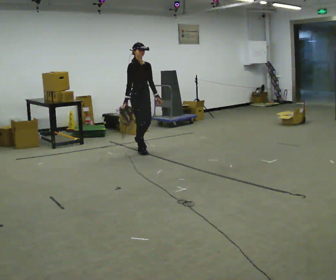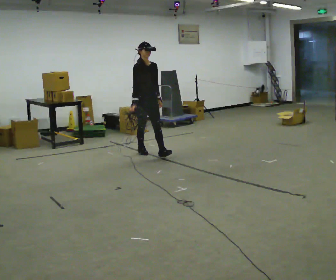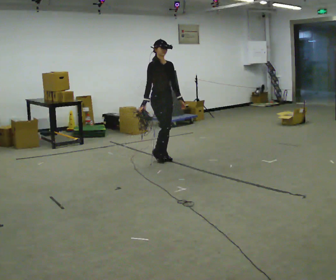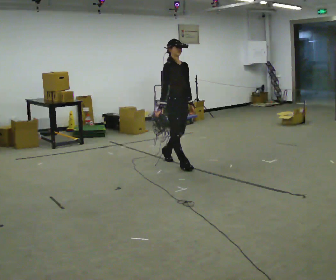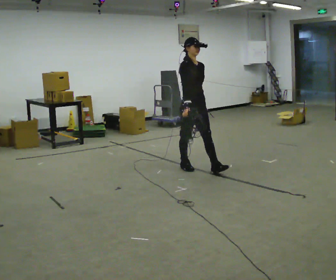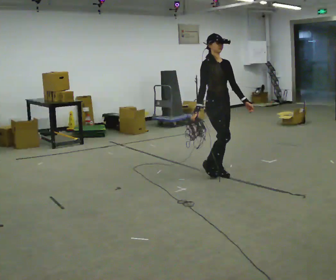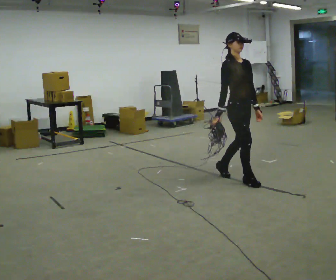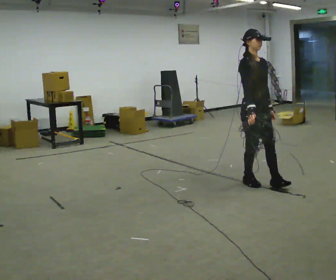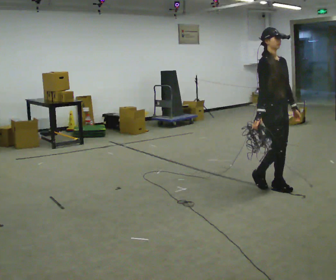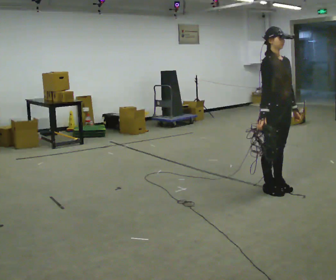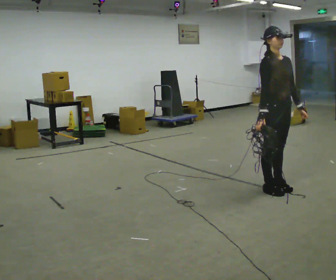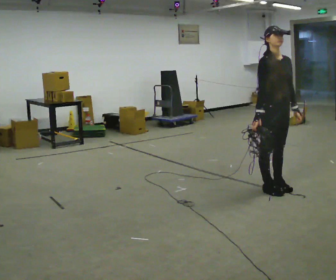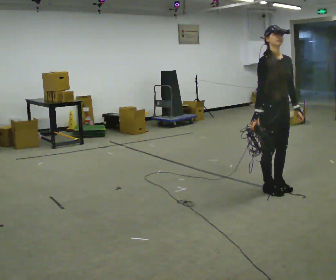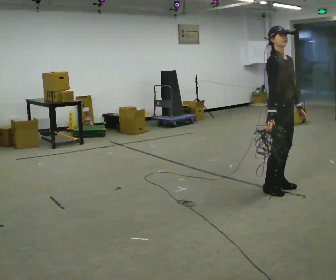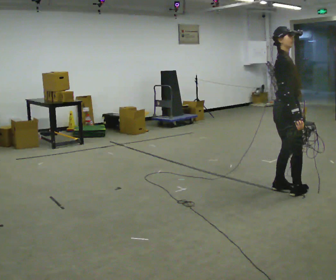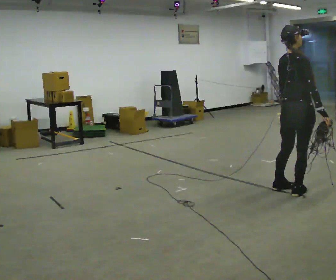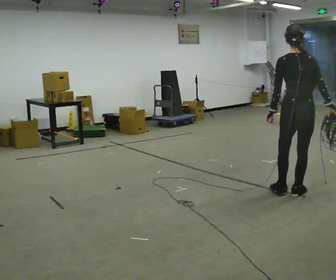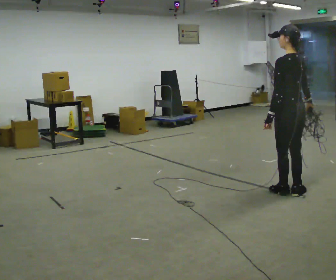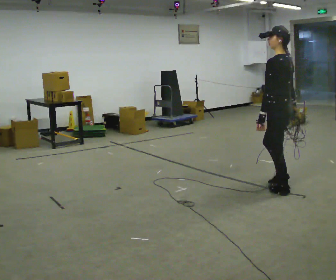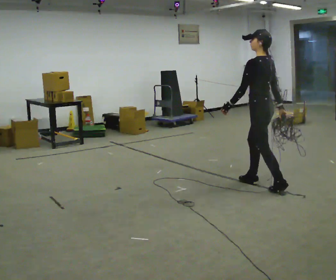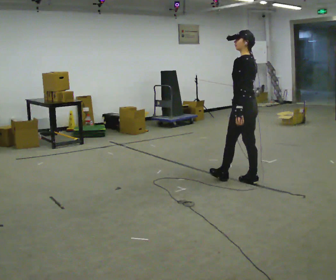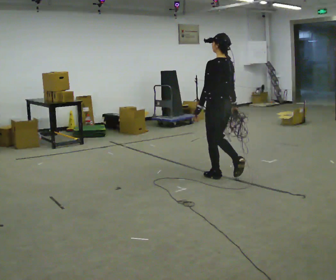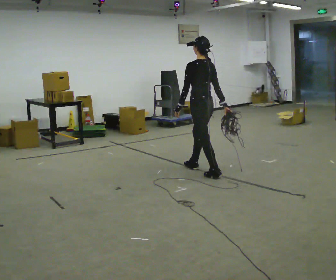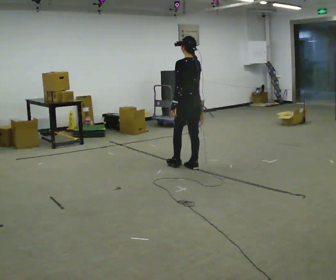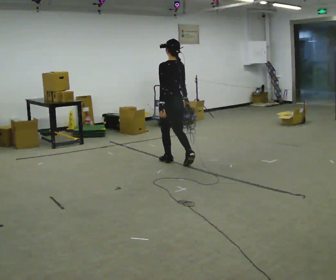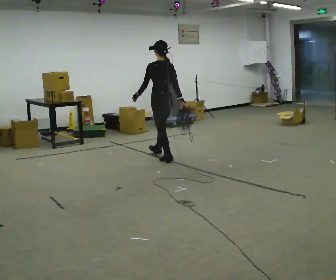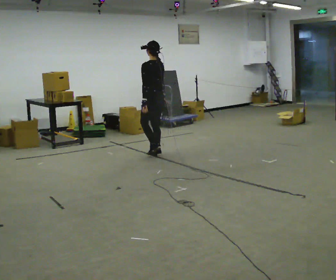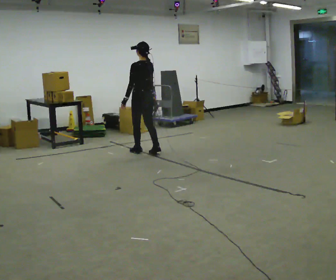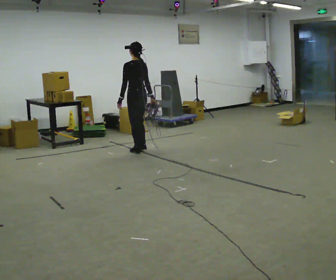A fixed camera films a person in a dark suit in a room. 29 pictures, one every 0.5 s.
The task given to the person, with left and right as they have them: Pick up the coiled hose, carry it across the room, and set it down. It will move around as you walk. Keep going until the operator says stop; one object at a time, and do not rush between trips.
0.0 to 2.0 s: In the picture they go to the right and toward the camera, about 1.5 m in 2 steps, which for them is forward.
2.0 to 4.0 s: In the picture they go to the right and toward the camera, about 1 m in 3 steps, which for them is forward.
4.0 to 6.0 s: The person moves a little, or ends about where they began.
6.0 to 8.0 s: Seen from above the body turns counterclockwise, about 135 degrees: to their left, with its near side sliding to the right. In the picture they go to the right, about 0.25 m in 2 steps.
8.0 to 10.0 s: The person turns about 60 degrees to their left, counterclockwise seen from above, so the part of the body nearest the lens slides to the right. In the picture they go to the left and away from the camera, about 0.75 m in 1 step.
10.0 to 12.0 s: In the picture they go to the left and away from the camera, about 1 m in 3 steps, which for them is forward.
12.0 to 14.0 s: In the picture they go to the left and away from the camera, about 1 m in 3 steps, which for them is forward.
The film runs forward here.
